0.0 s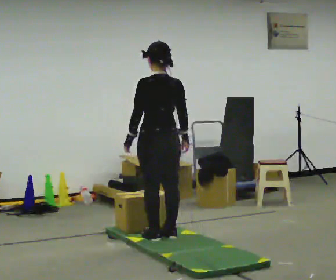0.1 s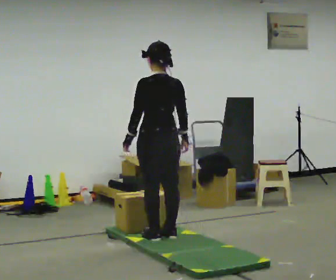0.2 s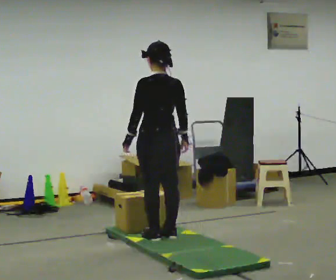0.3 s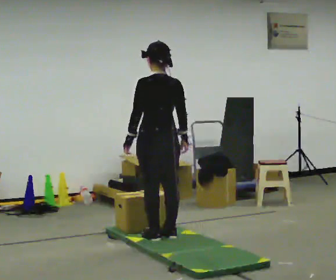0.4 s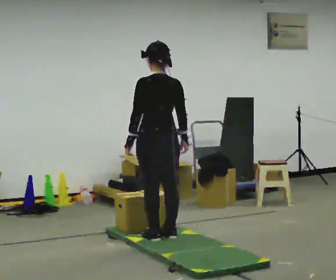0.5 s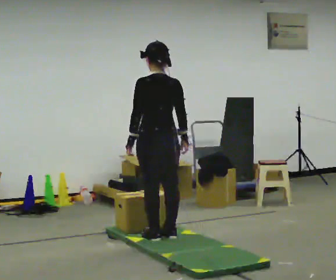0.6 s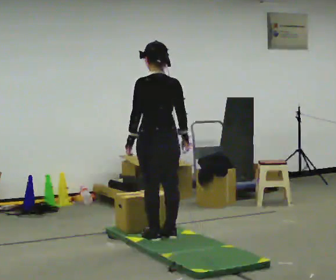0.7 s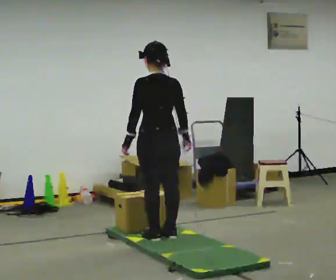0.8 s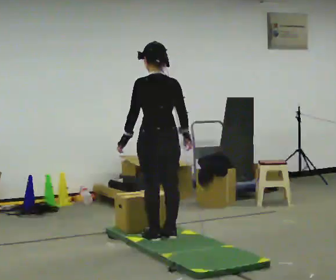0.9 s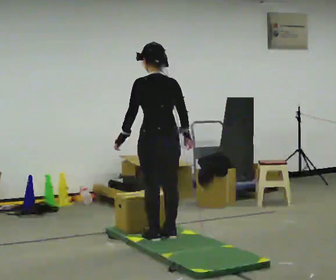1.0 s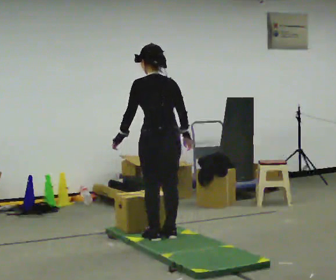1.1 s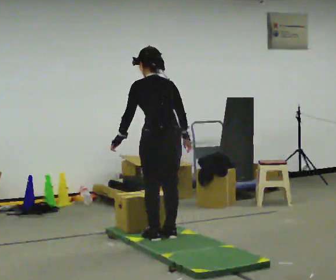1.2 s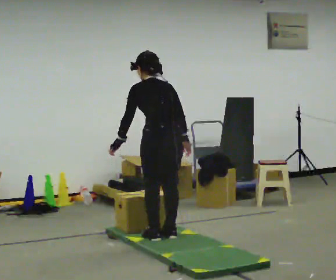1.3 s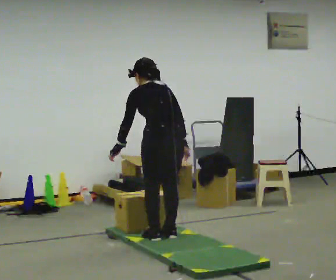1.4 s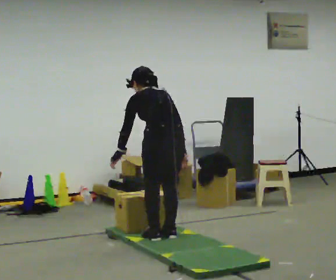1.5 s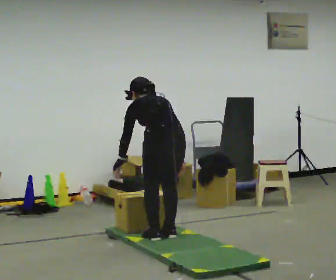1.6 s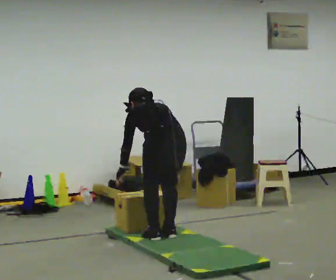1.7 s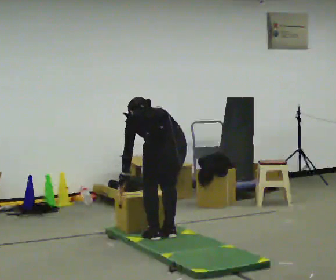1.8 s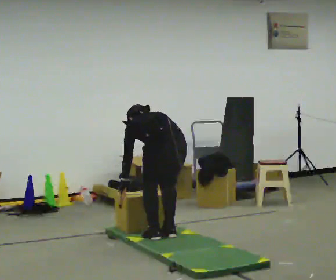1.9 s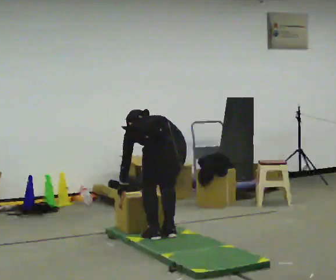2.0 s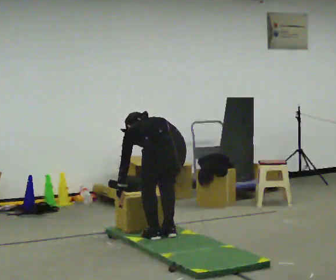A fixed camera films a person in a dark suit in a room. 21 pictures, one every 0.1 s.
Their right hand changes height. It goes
downward.
Their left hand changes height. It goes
downward.
0.0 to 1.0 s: The person moves a little, or ends about where they began.
1.0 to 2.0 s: The shoulders move downward. The upper body tips away from the camera, its near side rolling upward, as they bend forward. In the picture their right hand goes downward.
The film runs backward here.
